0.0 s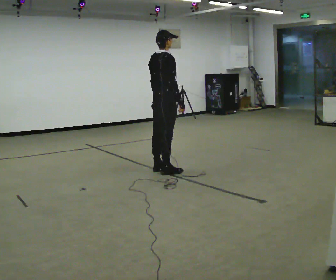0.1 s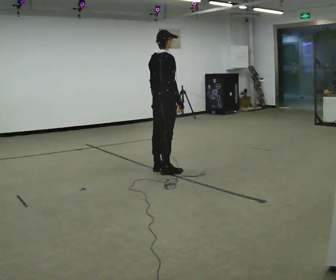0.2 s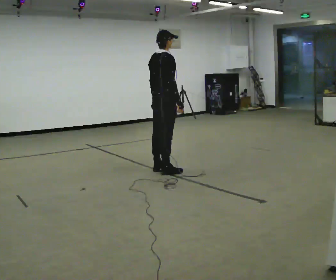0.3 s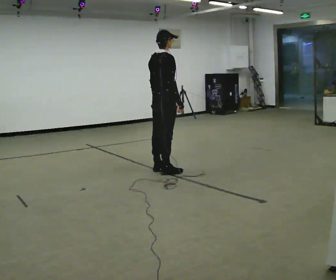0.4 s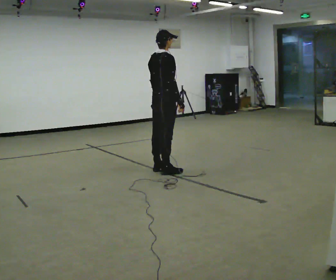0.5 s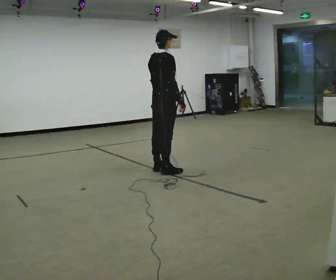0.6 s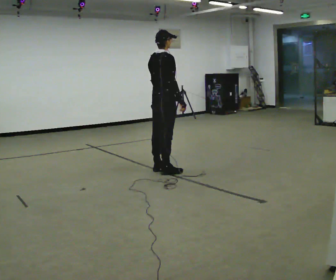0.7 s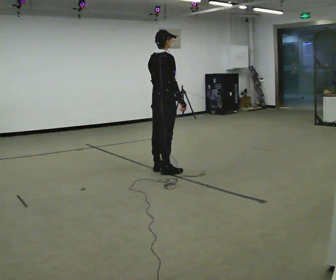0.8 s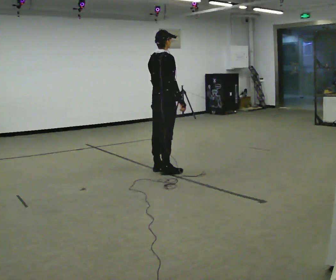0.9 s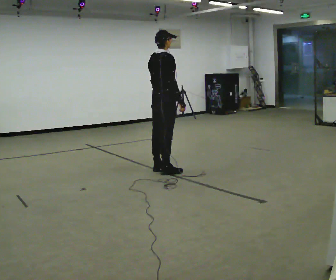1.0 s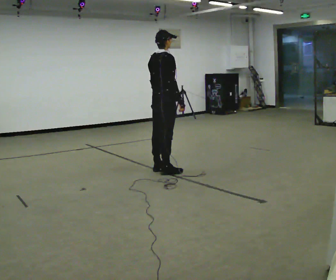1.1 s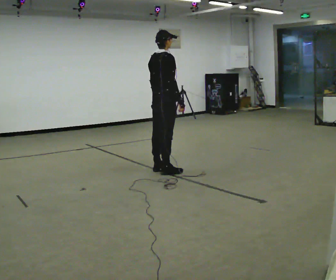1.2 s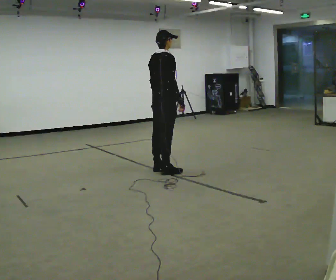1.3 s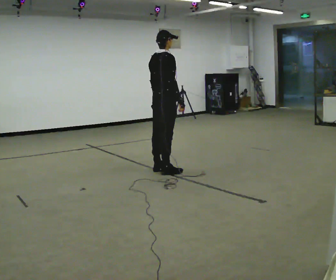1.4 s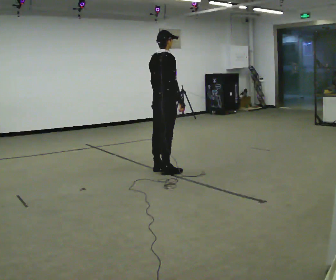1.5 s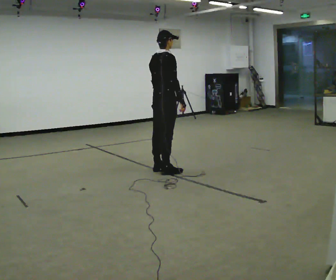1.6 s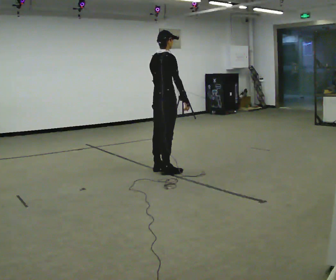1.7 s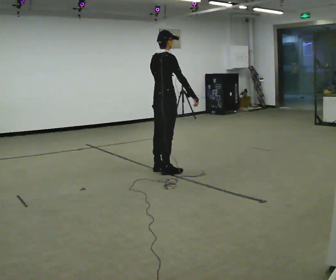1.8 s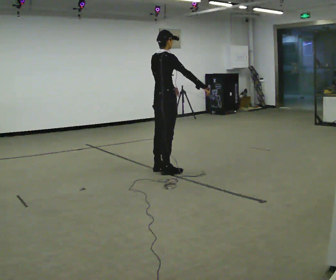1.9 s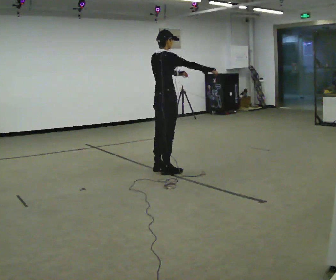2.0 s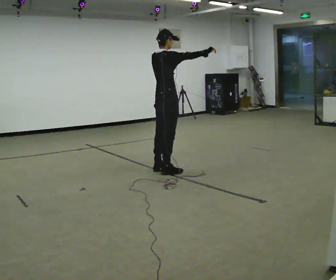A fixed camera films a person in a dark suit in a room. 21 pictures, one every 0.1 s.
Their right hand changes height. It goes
upward.
Their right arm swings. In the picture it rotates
counterclockwise.
0.0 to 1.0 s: The person moves a little, or ends about where they began.
1.0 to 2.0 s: In the picture their right hand goes upward and to the right, the arm swinging counterclockwise.
The film runs forward here.
